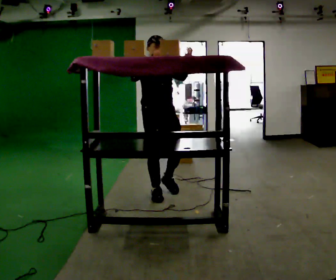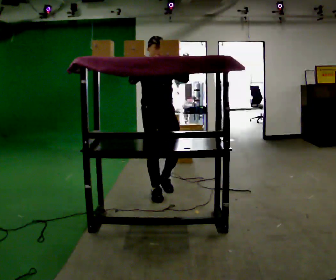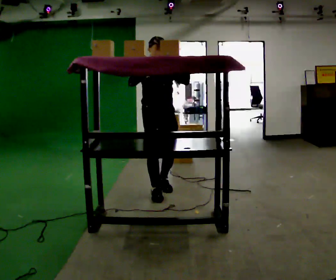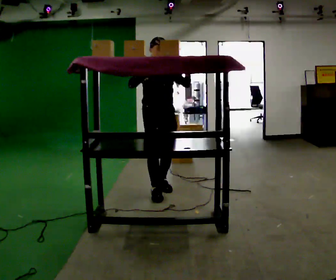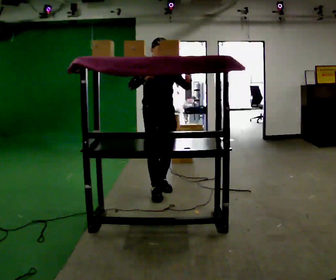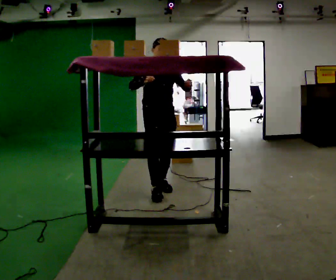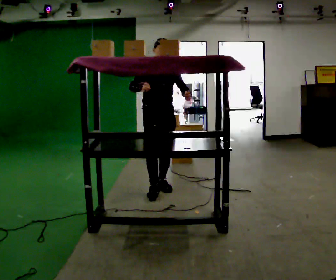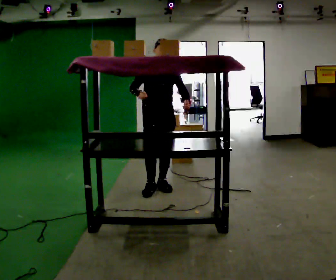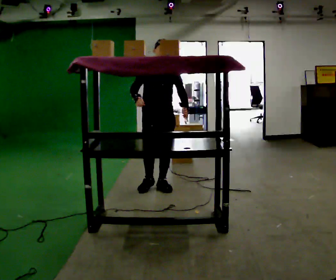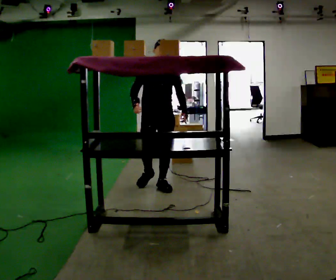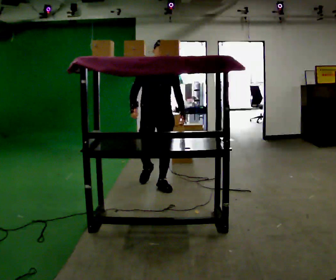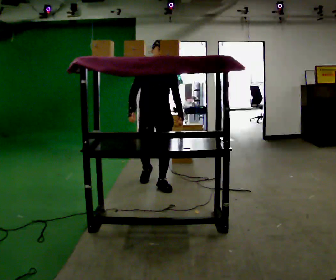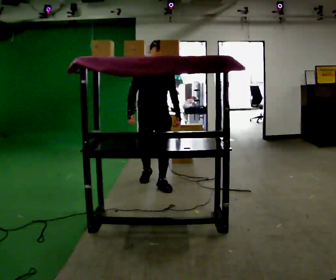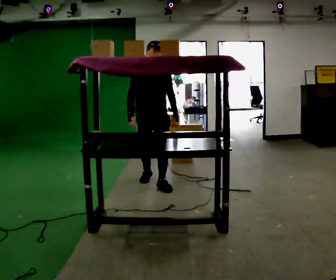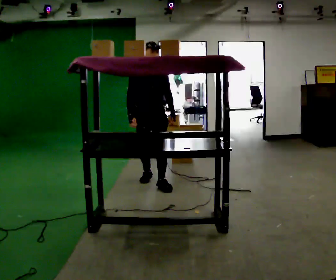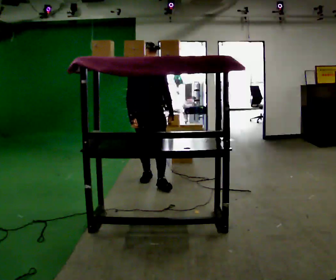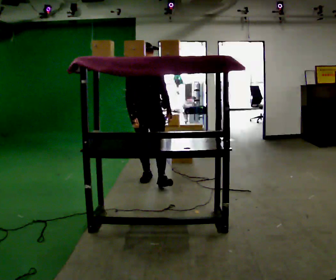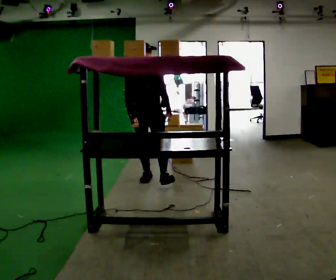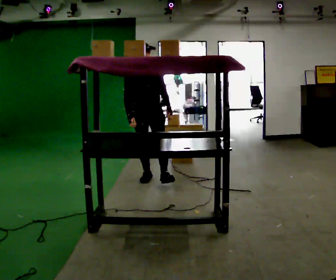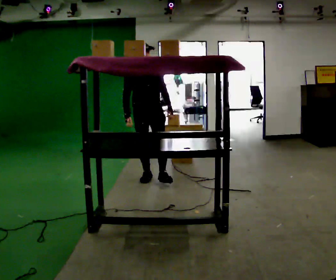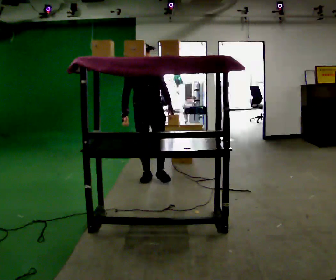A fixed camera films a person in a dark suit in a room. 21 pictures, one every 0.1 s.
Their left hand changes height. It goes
downward.
Their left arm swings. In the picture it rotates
clockwise.
0.0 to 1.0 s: In the picture they go away from the camera, about 0.25 m in 1 step, which for them is backward. In the picture their left hand goes downward, the arm swinging clockwise.
1.0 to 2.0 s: In the picture they go away from the camera, about 0.5 m in 1 step, which for them is backward.
The film runs backward here.
